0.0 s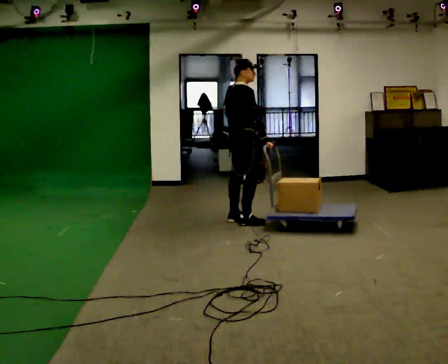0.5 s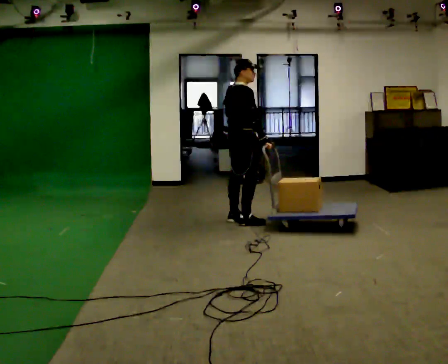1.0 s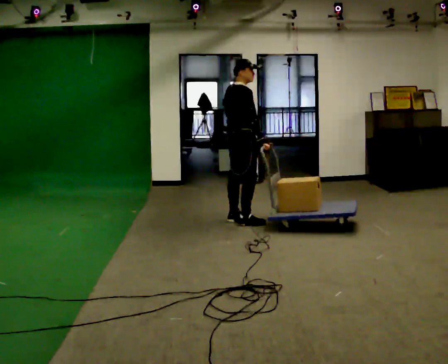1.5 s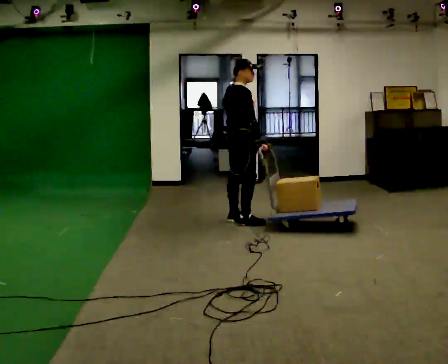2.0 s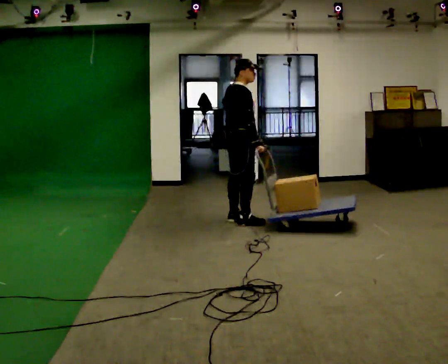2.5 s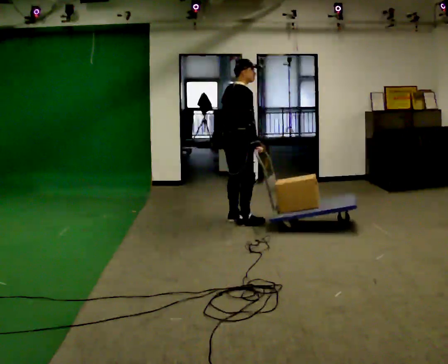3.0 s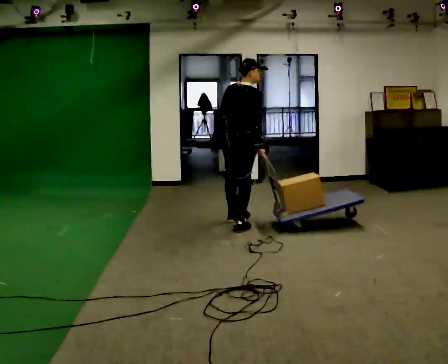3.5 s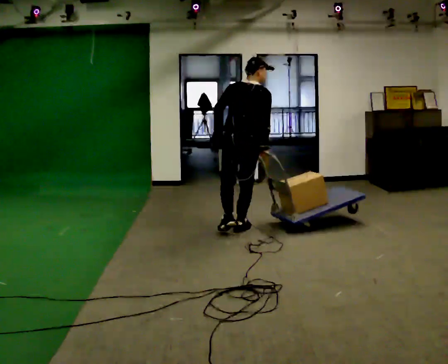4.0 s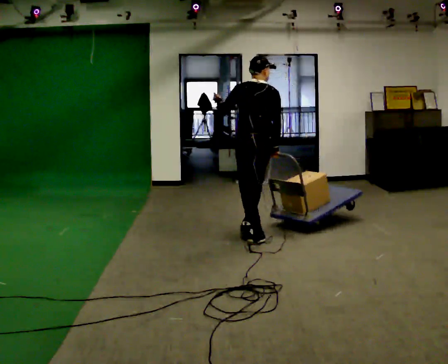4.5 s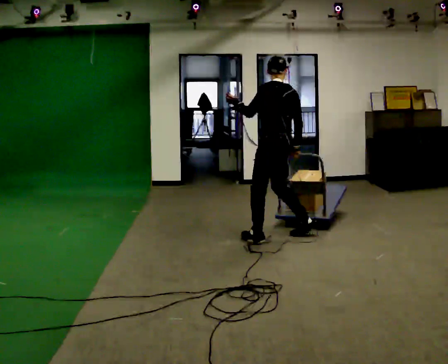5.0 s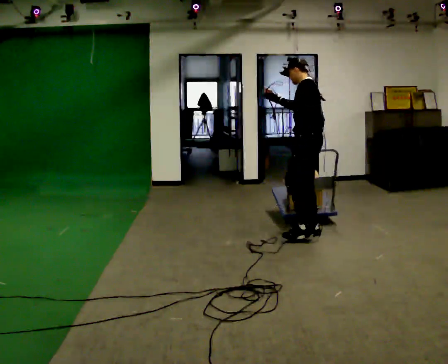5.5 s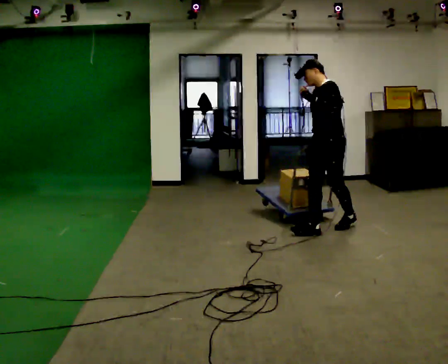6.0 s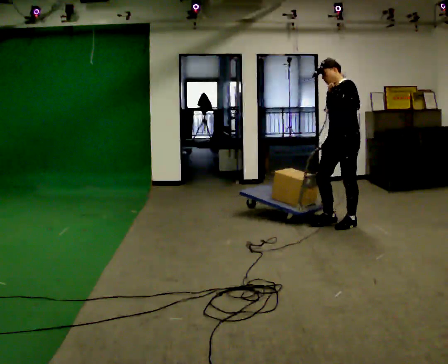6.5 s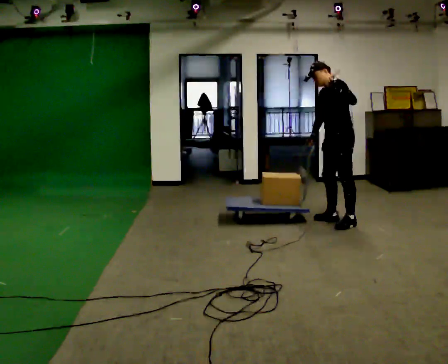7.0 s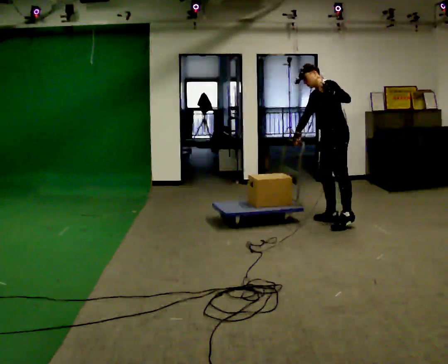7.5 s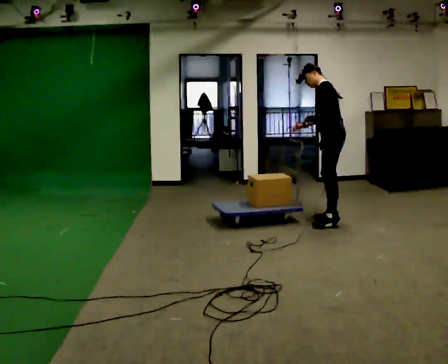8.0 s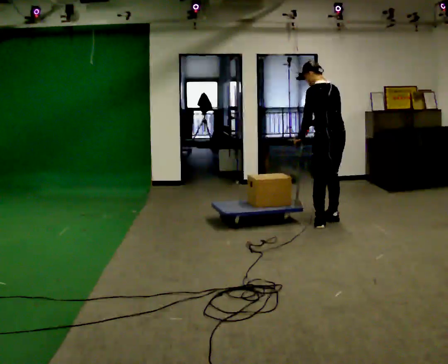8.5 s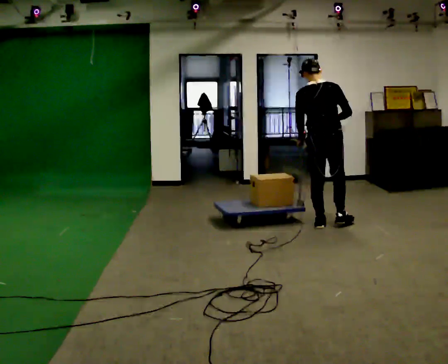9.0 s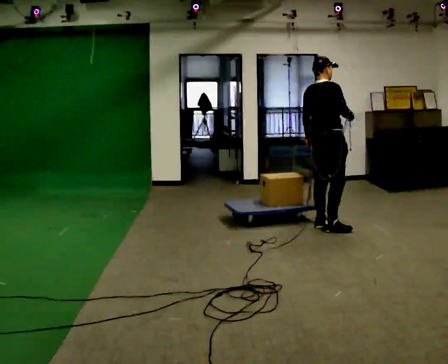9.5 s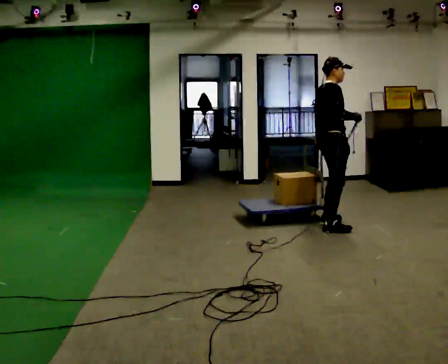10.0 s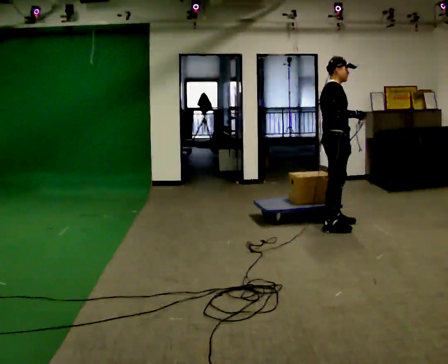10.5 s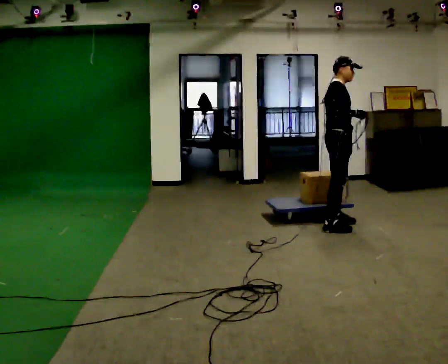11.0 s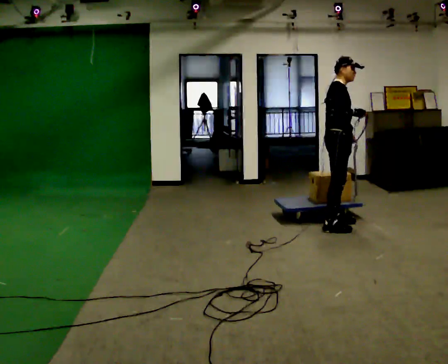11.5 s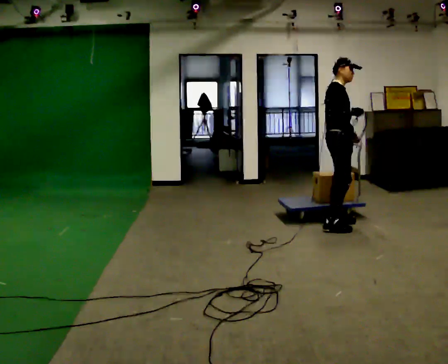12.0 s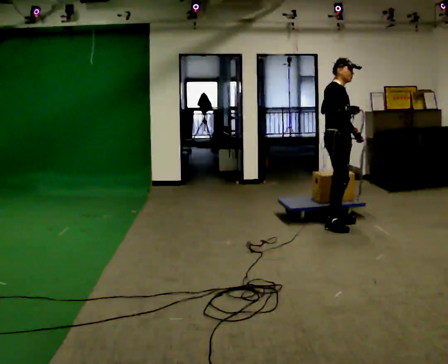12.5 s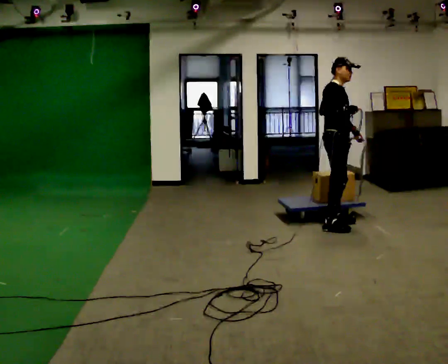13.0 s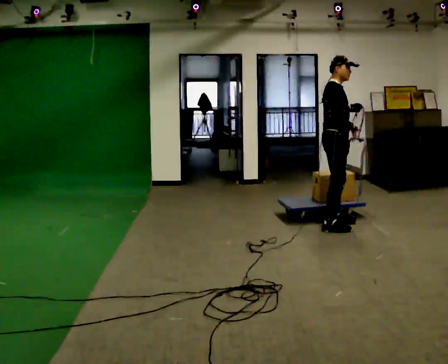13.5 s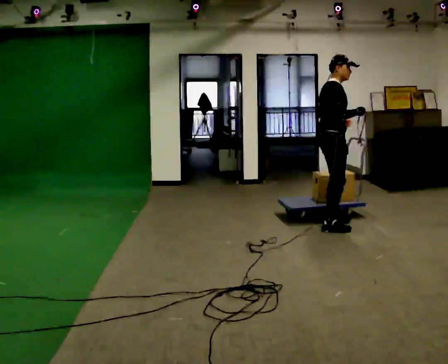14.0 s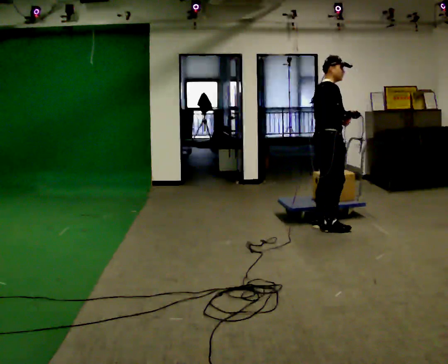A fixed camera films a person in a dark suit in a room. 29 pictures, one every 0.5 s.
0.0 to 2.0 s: The person moves a little, or ends about where they began.
2.0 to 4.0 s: Seen from above the body turns counterclockwise, about 90 degrees: to their left, with its near side sliding to the right. In the picture they go toward the camera and to the right, about 0.75 m in 3 steps.
4.0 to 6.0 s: The part of the body nearest the lens slides to the right as the person turns to their left by about 90 degrees. In the picture they go to the right and away from the camera, about 1 m in 2 steps.
6.0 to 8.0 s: The person turns about 75 degrees to their right, clockwise seen from above, so the part of the body nearest the lens slides to the left. In the picture their left hand goes downward and to the left.
8.0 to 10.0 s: The person turns about 135 degrees to their right, clockwise seen from above, so the part of the body nearest the lens slides to the left. In the picture they go toward the camera, about 0.25 m in 2 steps. In the picture their right hand goes to the right.
10.0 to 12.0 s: In the picture they go away from the camera, about 0.25 m, which for them is to their left.
12.0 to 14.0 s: The part of the body nearest the lens slides to the right as the person turns to their left by about 30 degrees. In the picture they go toward the camera, about 0.25 m in 1 step, which for them is to their right.
The film runs backward here.
